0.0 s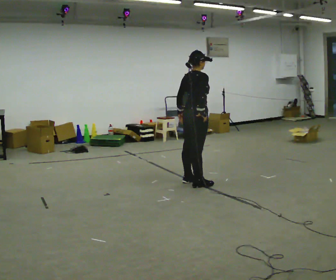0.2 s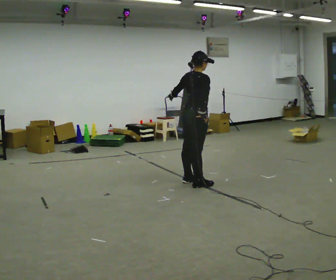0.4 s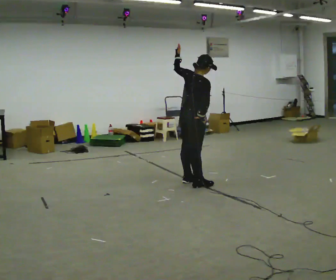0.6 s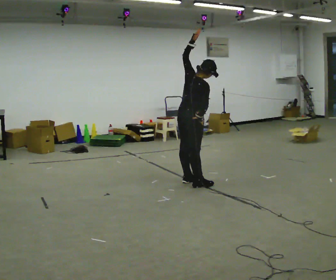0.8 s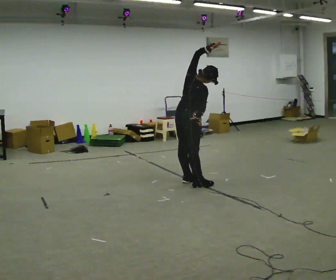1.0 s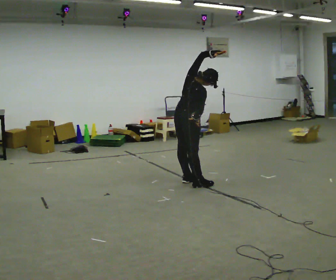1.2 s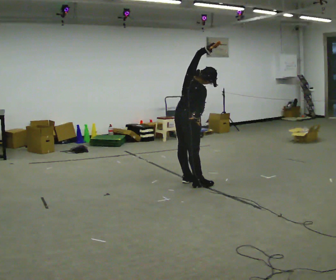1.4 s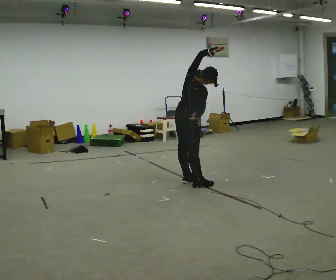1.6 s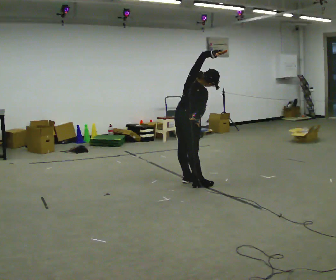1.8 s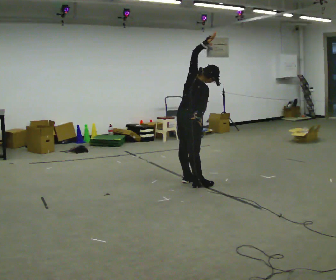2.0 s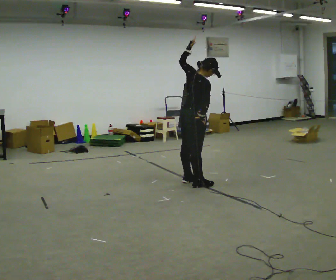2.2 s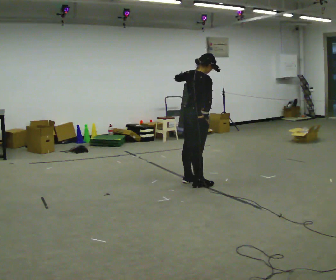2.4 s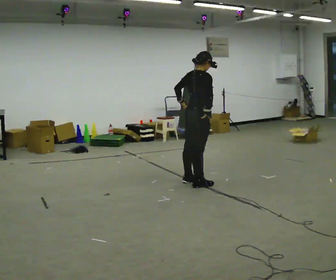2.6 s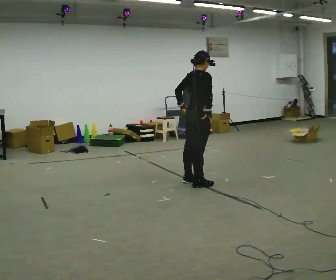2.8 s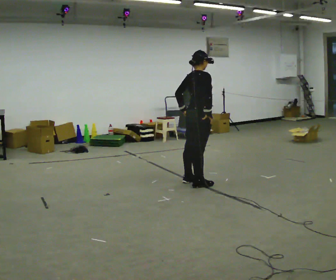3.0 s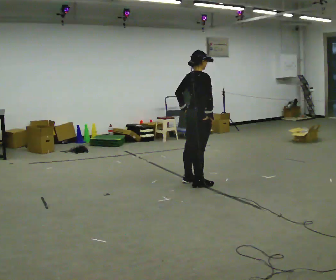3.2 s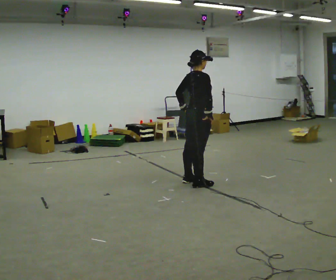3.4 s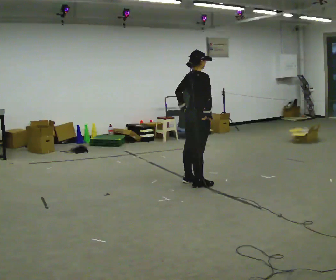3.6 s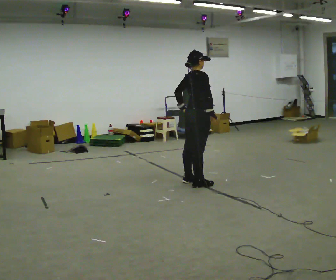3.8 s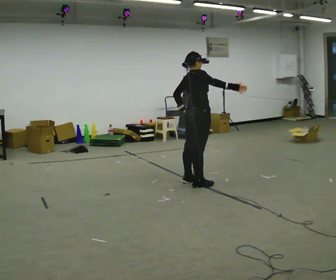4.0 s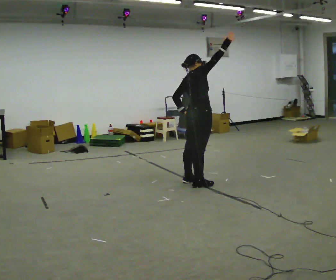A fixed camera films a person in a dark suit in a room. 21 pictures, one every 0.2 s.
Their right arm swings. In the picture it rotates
counterclockwise.
0.0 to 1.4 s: The upper body tips toward the camera, its near side rolling downward. In the picture their left hand goes upward and to the right, the arm swinging clockwise.
1.4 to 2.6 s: In the picture they go toward the camera, about 0.25 m, which for them is to their right. The upper body tips away from the camera, its near side rolling upward. In the picture their left hand goes downward and to the left.
2.6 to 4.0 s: In the picture their right hand goes upward, the arm swinging counterclockwise.
The film runs forward here.
